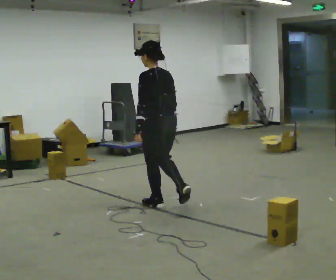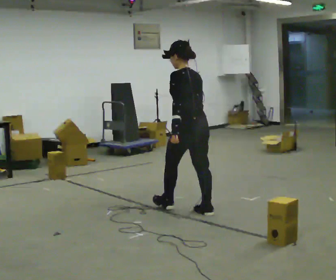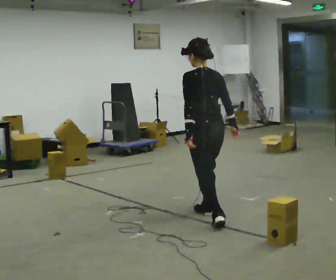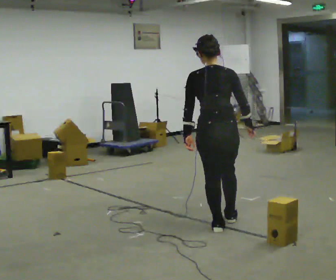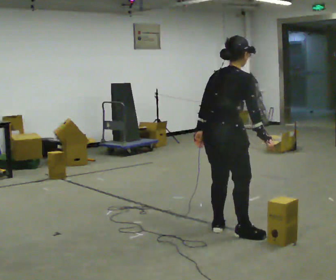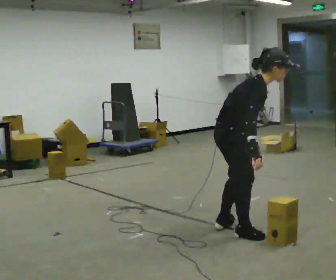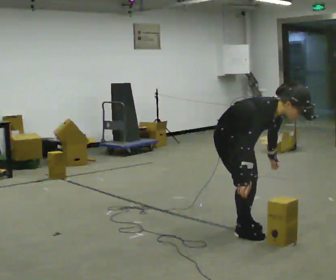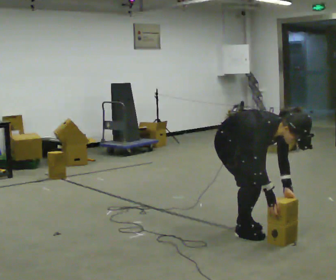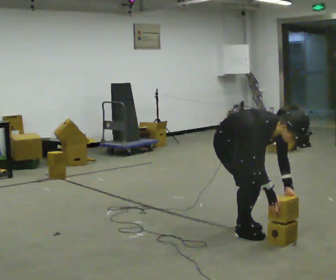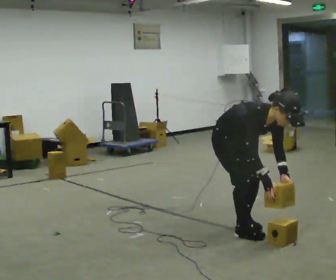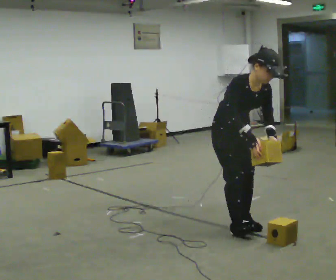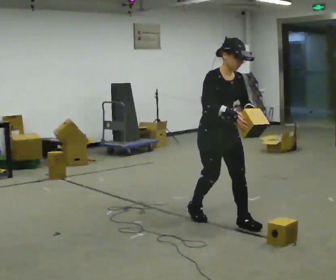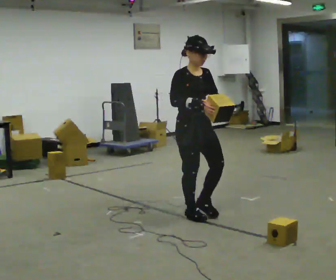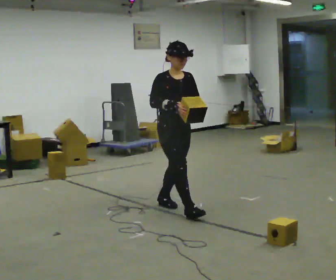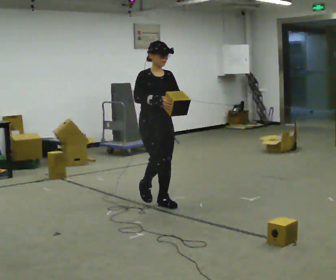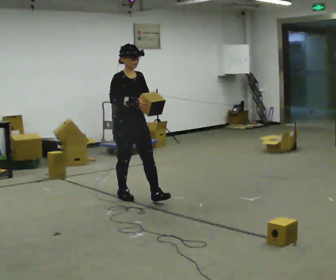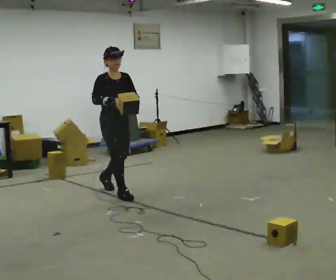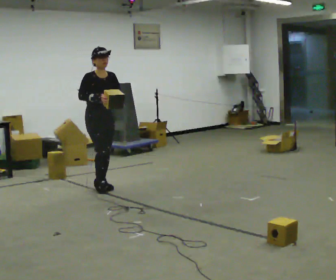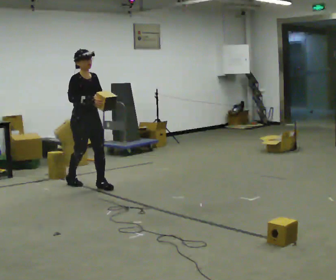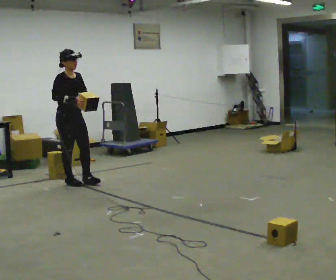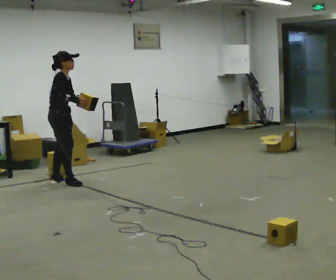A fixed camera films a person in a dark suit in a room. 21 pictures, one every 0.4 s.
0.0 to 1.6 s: The person turns about 90 degrees to their right, clockwise seen from above, so the part of the body nearest the lens slides to the left. In the picture they go toward the camera and to the right, about 1 m in 2 steps. In the picture the upper body tilts clockwise, shoulders to the right.
1.6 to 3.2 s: Seen from above the body turns clockwise, about 90 degrees: to their right, with its near side sliding to the left. The shoulders move downward. The upper body tips toward the camera, its near side rolling downward, as they bend forward. In the picture their left hand goes to the right and downward, the arm swinging counterclockwise.
3.2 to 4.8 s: In the picture they go away from the camera and to the left, about 0.5 m in 2 steps, which for them is backward. The upper body goes upward. In the picture the upper body tilts counterclockwise, shoulders to the left, as they lean back or straighten. In the picture their right hand goes upward.
4.8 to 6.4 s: In the picture they go away from the camera and to the left, about 1 m in 2 steps, which for them is backward.
6.4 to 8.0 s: Seen from above the body turns counterclockwise, about 60 degrees: to their left, with its near side sliding to the right. In the picture they go to the left and away from the camera, about 1 m in 2 steps.
The film runs backward here.
